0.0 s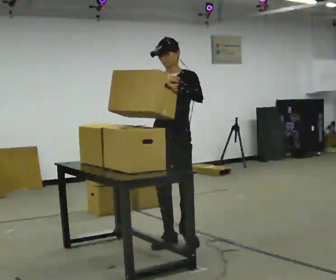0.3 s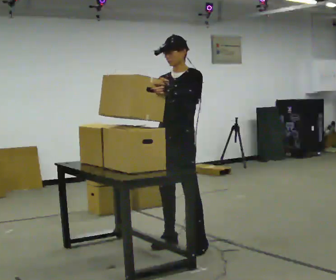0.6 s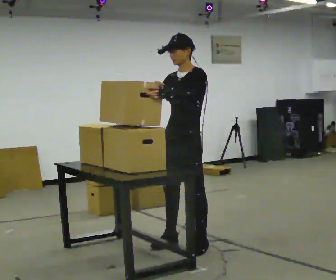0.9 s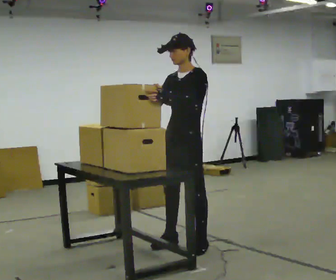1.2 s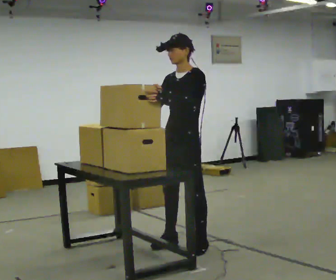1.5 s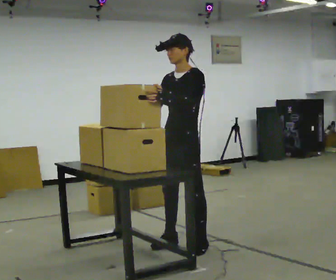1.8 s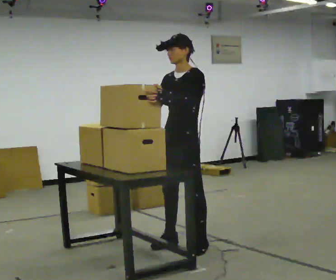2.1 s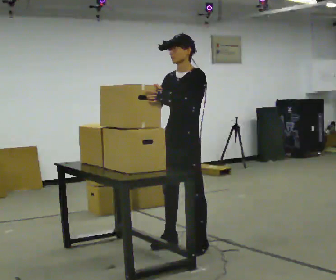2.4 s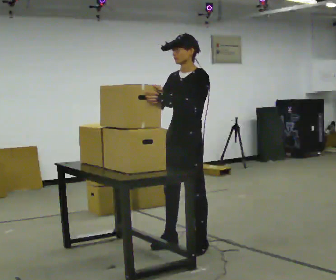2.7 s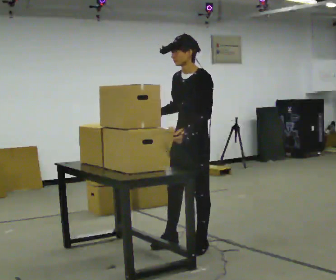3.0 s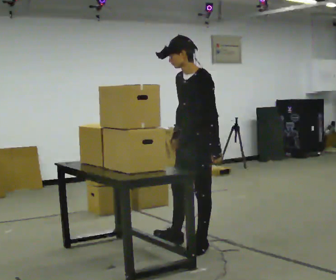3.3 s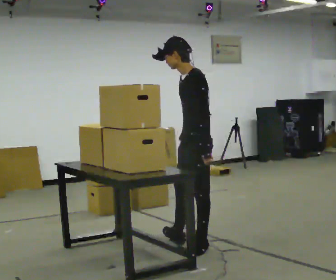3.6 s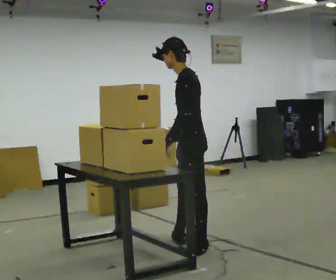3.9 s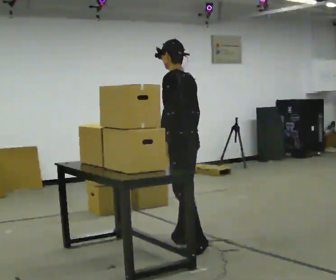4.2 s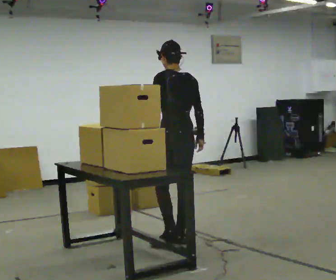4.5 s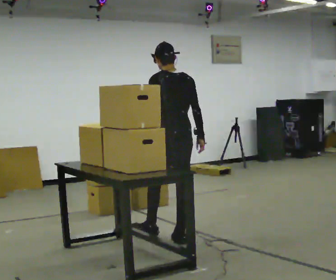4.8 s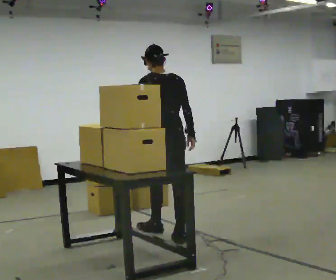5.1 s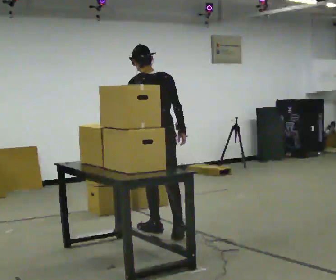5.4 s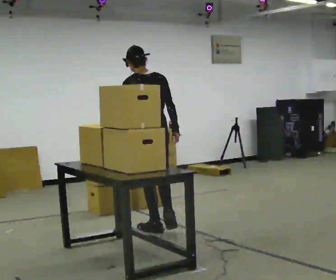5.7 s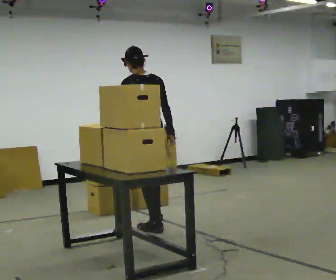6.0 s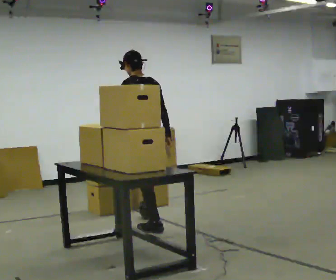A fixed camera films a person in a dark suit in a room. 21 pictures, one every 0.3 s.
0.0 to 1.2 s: Seen from above the body turns clockwise, about 30 degrees: to their right, with its near side sliding to the left. In the picture they go toward the camera, about 0.25 m in 1 step, which for them is to their left.
1.2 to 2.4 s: The person moves a little, or ends about where they began.
2.4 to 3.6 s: The person turns about 45 degrees to their right, clockwise seen from above, so the part of the body nearest the lens slides to the left. In the picture their right hand goes to the right, the arm swinging counterclockwise.
3.6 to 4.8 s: The person turns about 60 degrees to their right, clockwise seen from above, so the part of the body nearest the lens slides to the left. In the picture they go to the left and away from the camera, about 0.5 m in 1 step.
4.8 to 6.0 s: In the picture they go away from the camera and to the left, about 0.5 m in 1 step, which for them is forward.
The film runs forward here.
